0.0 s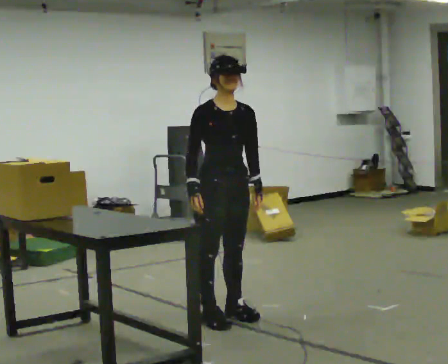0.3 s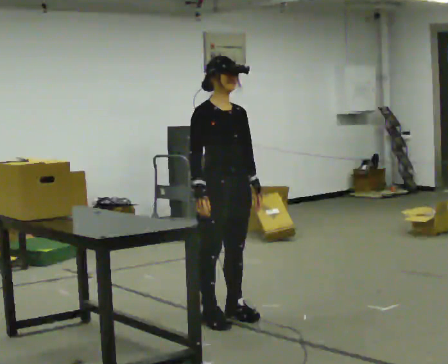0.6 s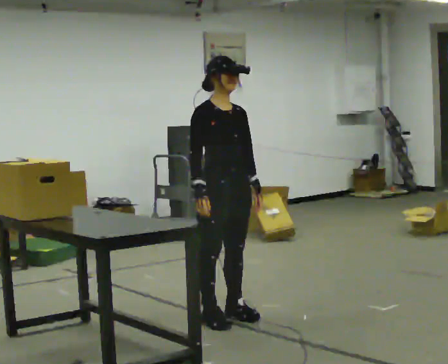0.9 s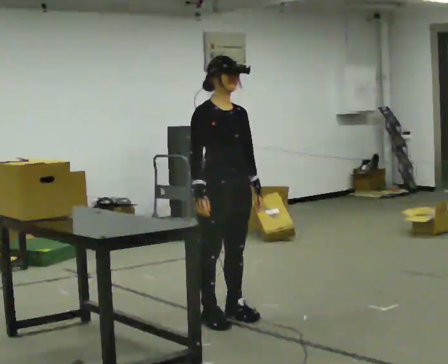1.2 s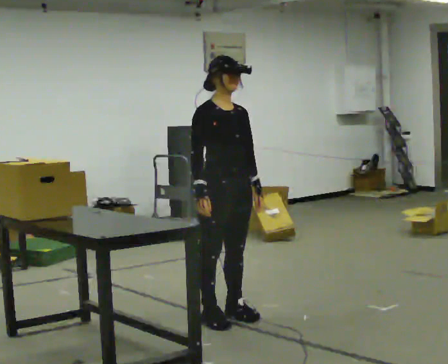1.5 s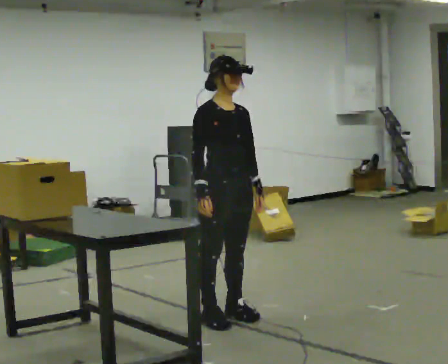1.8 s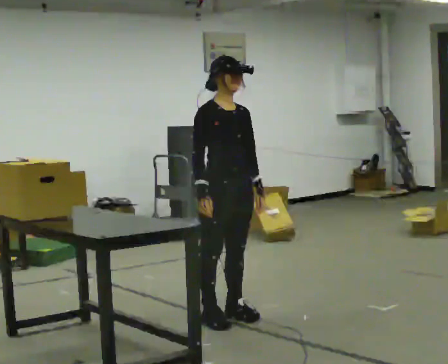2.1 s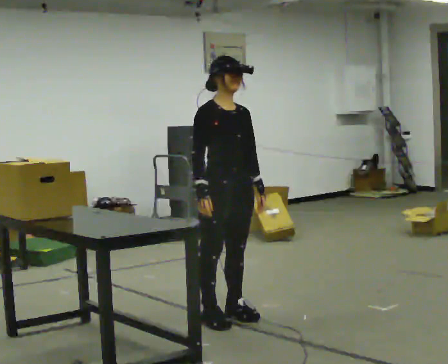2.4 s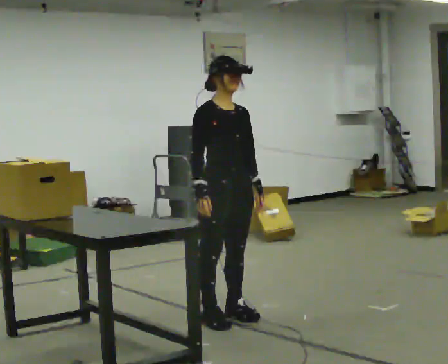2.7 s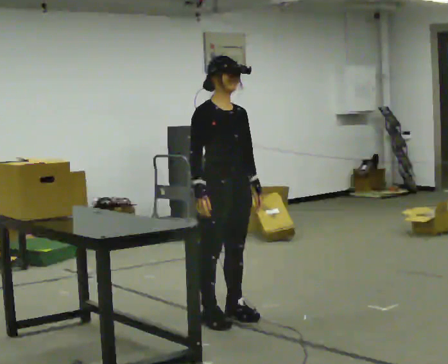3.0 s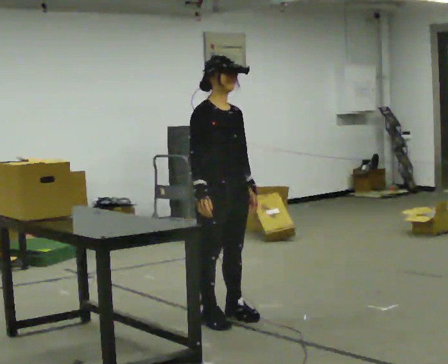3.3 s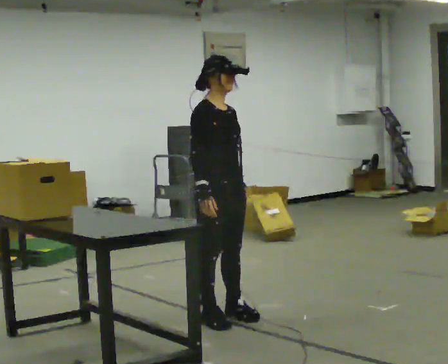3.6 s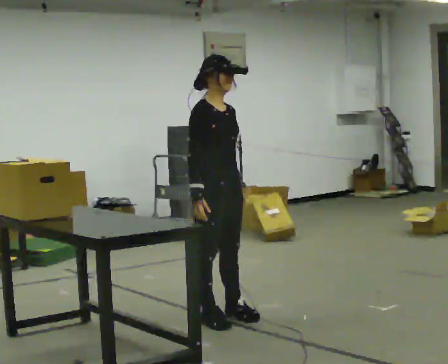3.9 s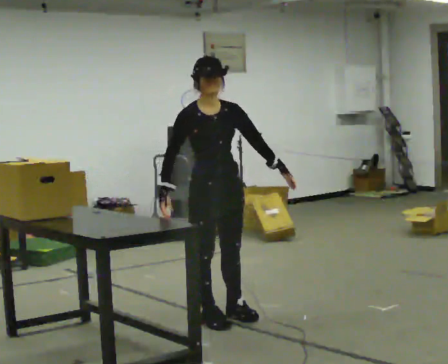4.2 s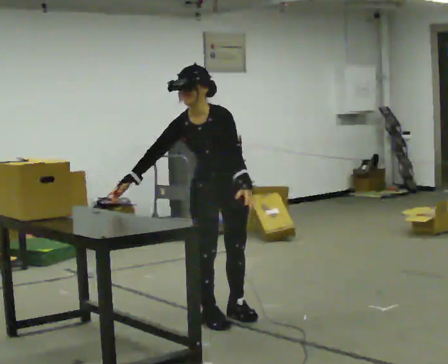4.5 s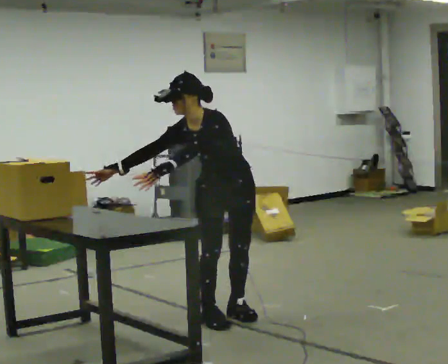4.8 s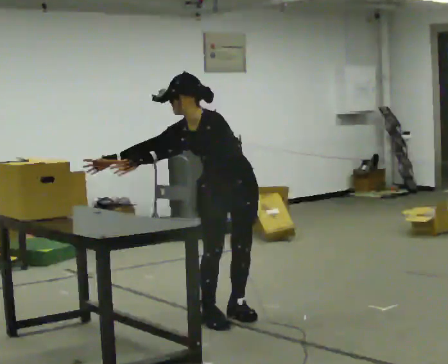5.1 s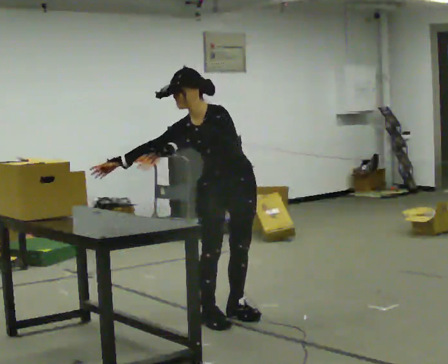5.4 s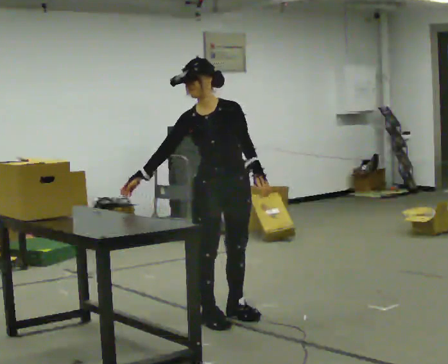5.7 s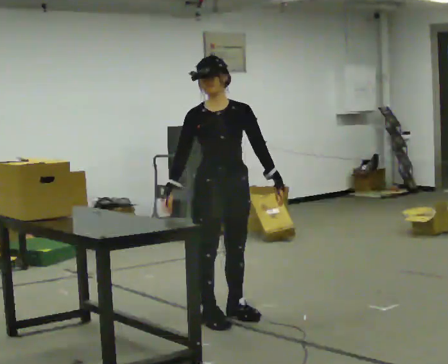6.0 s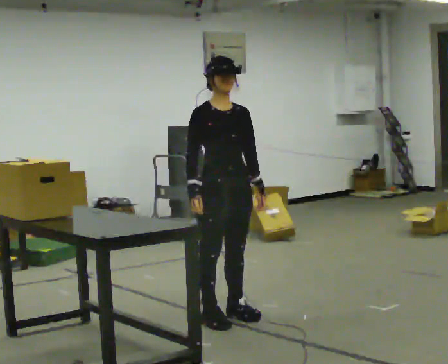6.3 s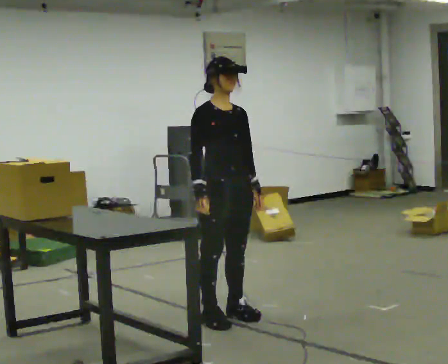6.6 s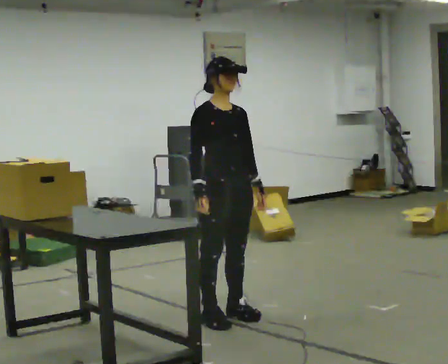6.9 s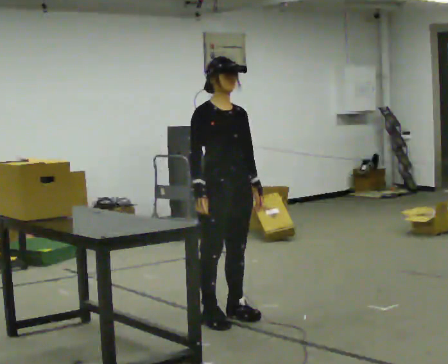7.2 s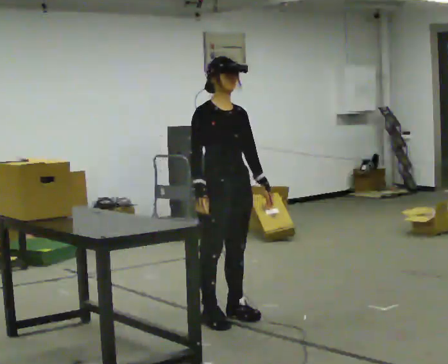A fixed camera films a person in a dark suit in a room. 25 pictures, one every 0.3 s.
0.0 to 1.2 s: The person moves a little, or ends about where they began.
1.2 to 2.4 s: The person keeps their place and pose.
2.4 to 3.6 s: The person moves a little, or ends about where they began.
3.6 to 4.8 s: Seen from above the body turns clockwise, about 75 degrees: to their right, with its near side sliding to the left. In the picture the upper body tilts counterclockwise, shoulders to the left, as they bend forward. In the picture their left hand goes to the left.
4.8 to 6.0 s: The person turns about 60 degrees to their left, counterclockwise seen from above, so the part of the body nearest the lens slides to the right. The upper body tips away from the camera, its near side rolling upward, as they lean back or straighten. In the picture their left hand goes to the right.
6.0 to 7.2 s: The person moves a little, or ends about where they began.
The film runs backward here.
